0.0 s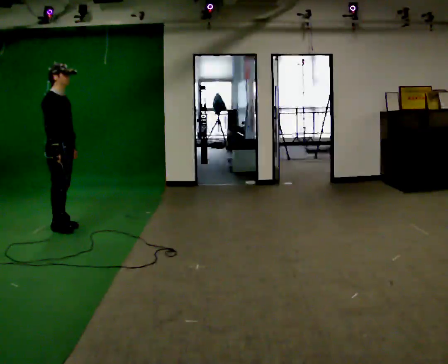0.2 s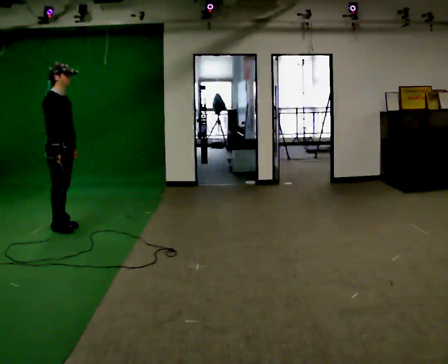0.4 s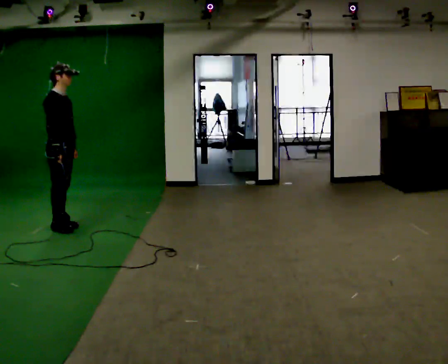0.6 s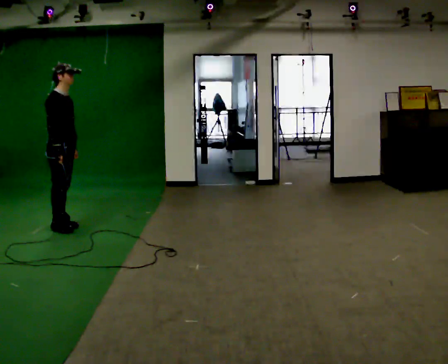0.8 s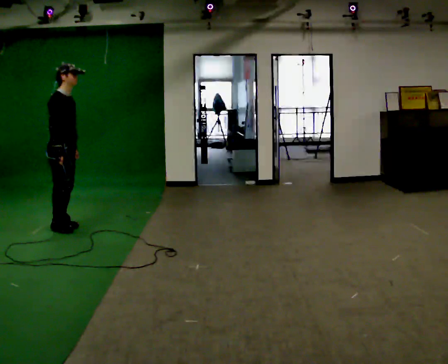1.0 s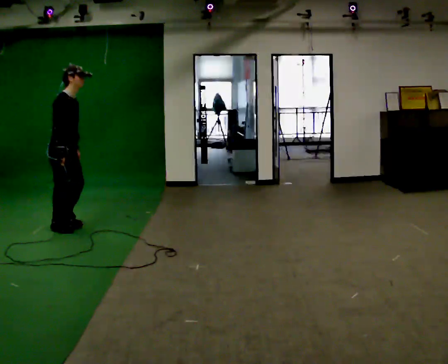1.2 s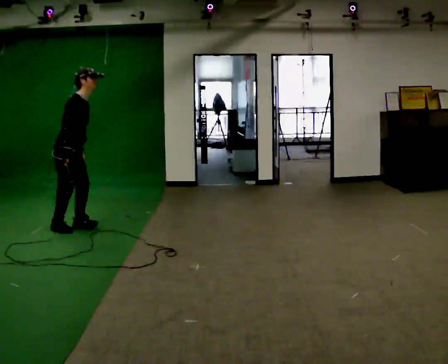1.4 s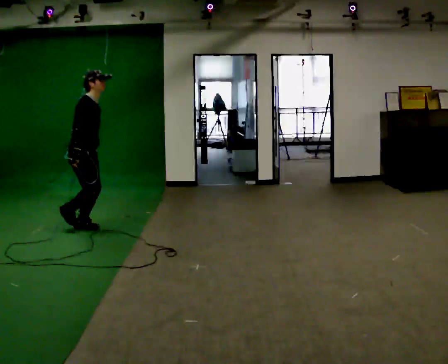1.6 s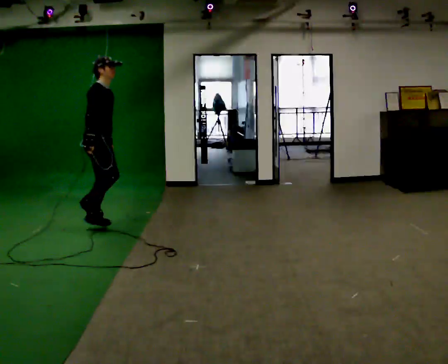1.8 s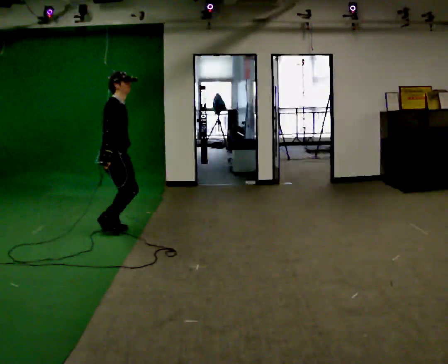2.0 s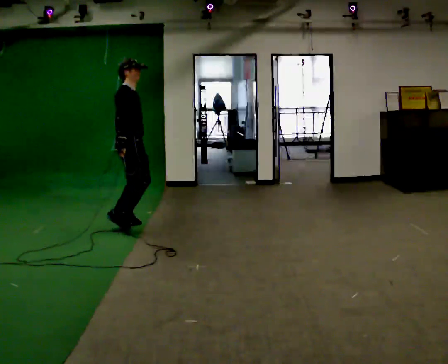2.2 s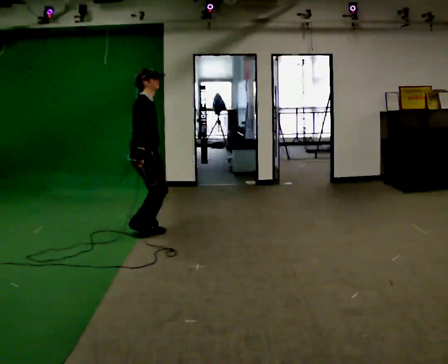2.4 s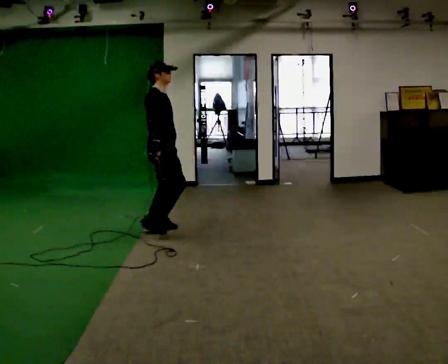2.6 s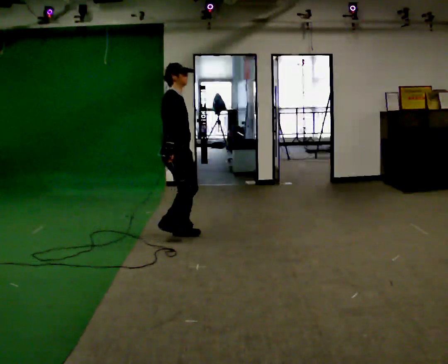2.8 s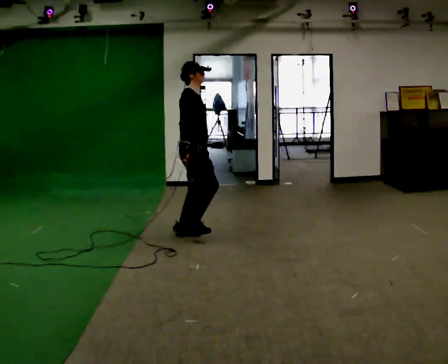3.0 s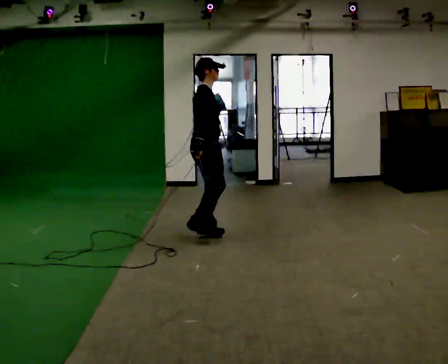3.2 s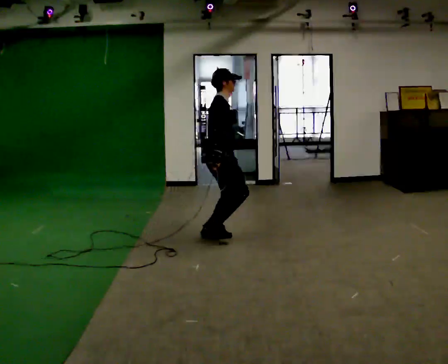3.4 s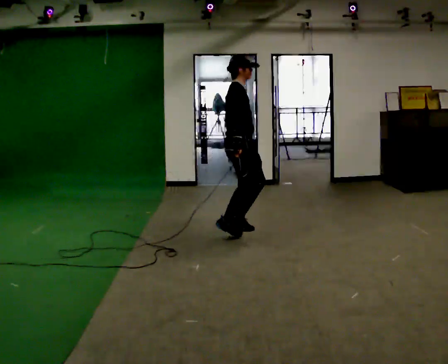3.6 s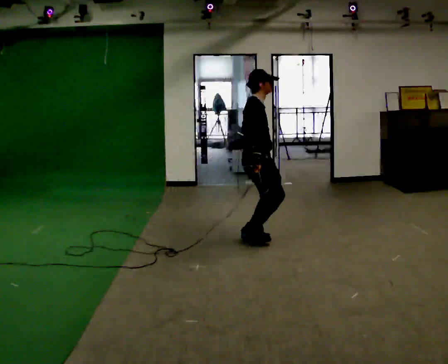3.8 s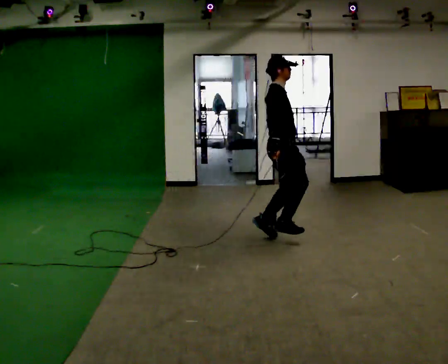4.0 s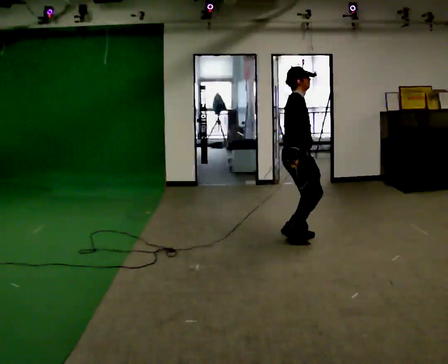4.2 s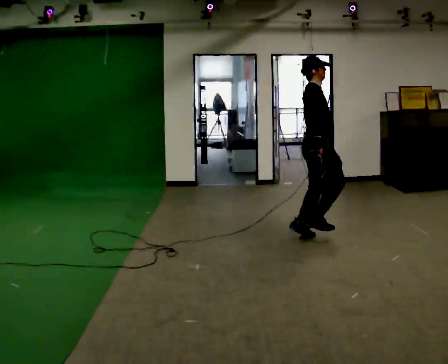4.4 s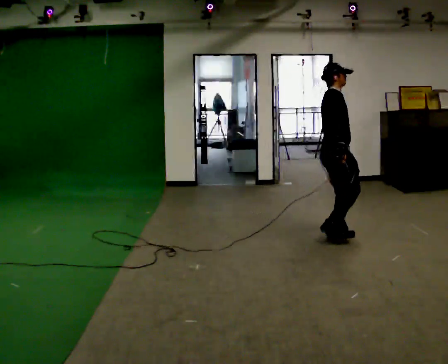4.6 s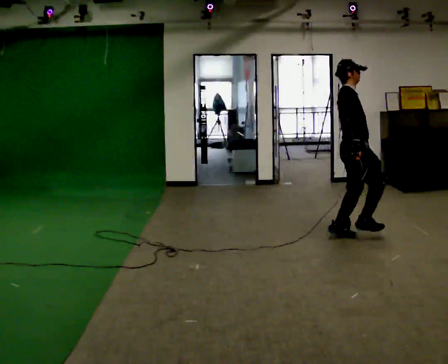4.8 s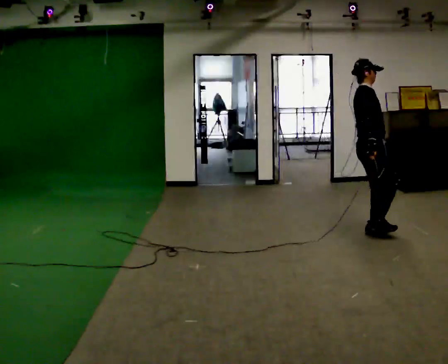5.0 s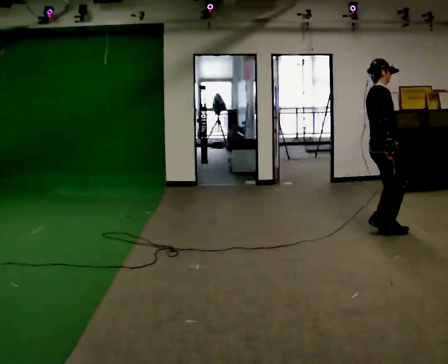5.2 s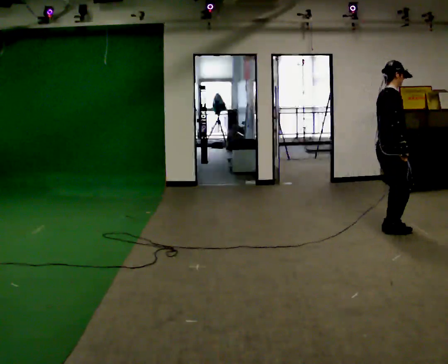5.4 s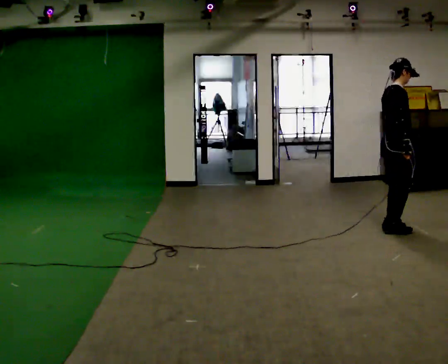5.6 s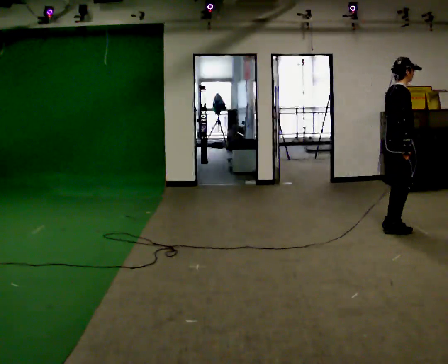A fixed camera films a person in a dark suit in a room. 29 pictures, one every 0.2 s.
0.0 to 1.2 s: In the picture the upper body tilts clockwise, shoulders to the right, as they bend forward.
1.2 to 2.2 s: In the picture they go to the right, about 1 m in 2 steps, which for them is forward. In the picture the upper body tilts counterclockwise, shoulders to the left, as they lean back or straighten.
2.2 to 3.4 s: In the picture they go to the right, about 1 m in 3 steps, which for them is forward.
3.4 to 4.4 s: In the picture they go to the right, about 1 m in 2 steps, which for them is forward.
4.4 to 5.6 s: In the picture they go to the right, about 0.75 m in 3 steps, which for them is forward.
The film runs forward here.
